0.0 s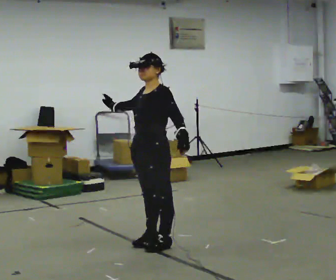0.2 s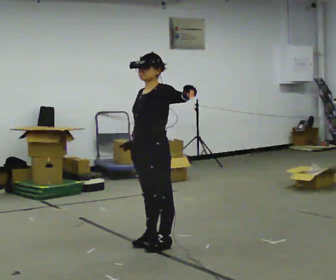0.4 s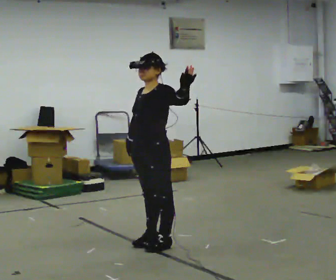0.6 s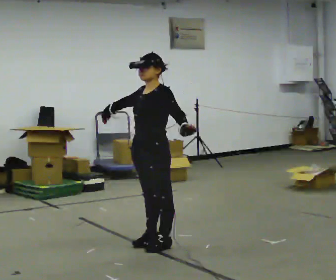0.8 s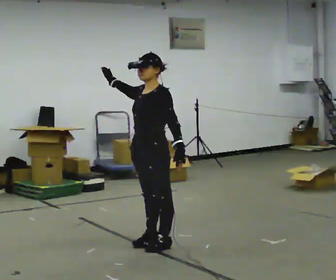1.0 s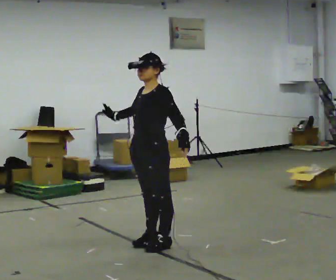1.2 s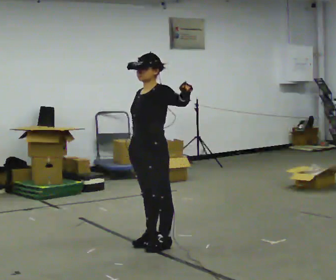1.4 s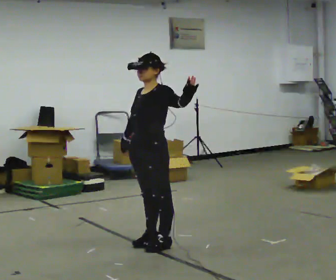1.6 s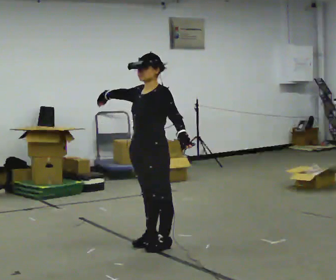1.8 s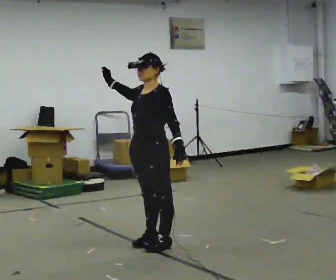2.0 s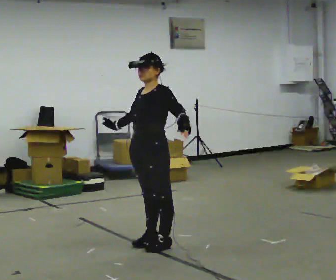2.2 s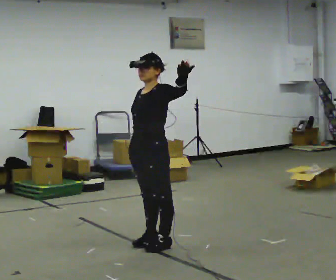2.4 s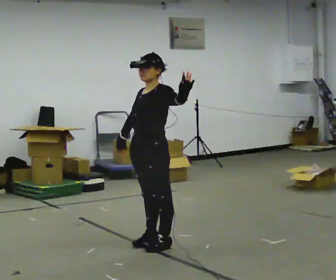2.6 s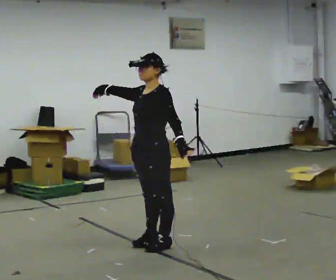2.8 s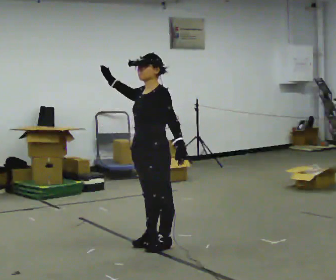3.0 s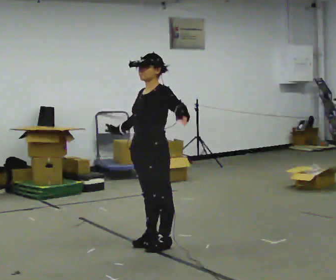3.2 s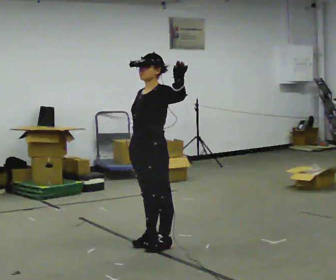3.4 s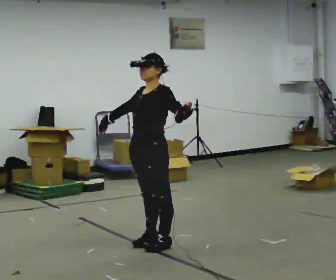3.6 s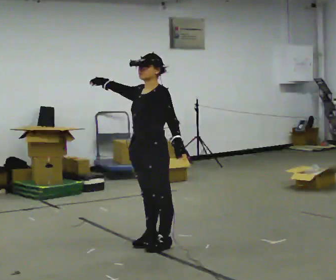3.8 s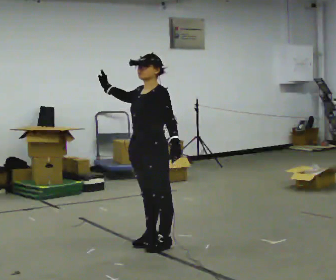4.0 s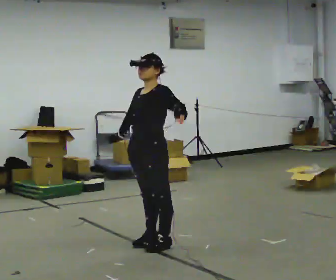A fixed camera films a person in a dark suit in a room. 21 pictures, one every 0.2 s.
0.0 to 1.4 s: The person moves a little, or ends about where they began.
1.4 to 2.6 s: In the picture their right hand goes upward.
2.6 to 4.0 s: In the picture their right hand goes downward.
The film runs forward here.
